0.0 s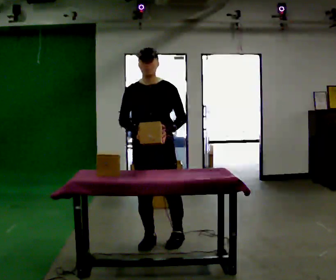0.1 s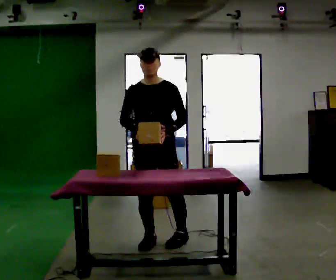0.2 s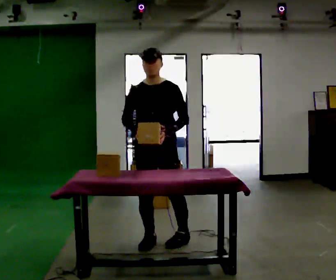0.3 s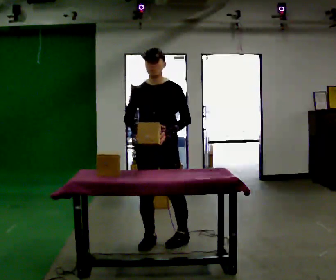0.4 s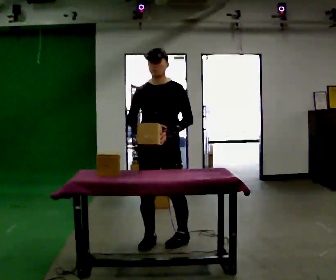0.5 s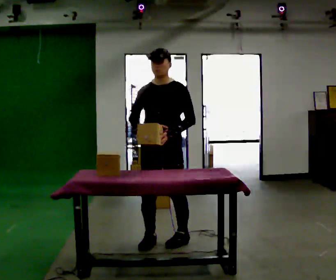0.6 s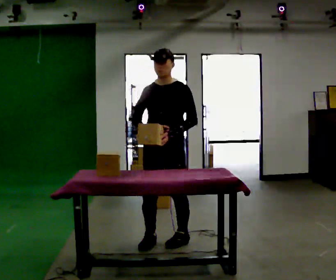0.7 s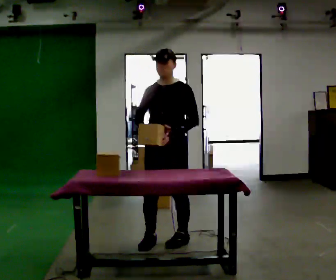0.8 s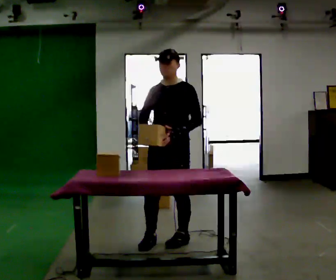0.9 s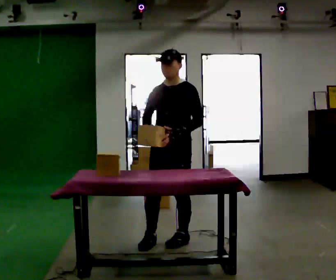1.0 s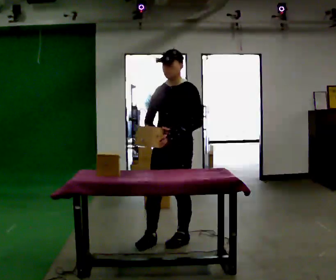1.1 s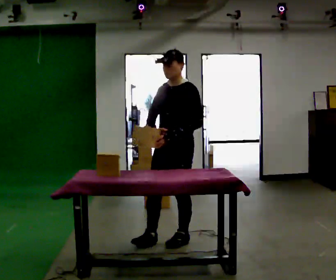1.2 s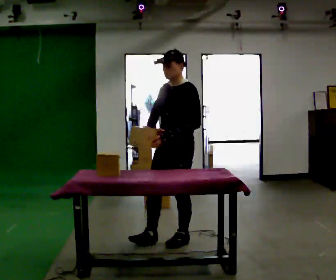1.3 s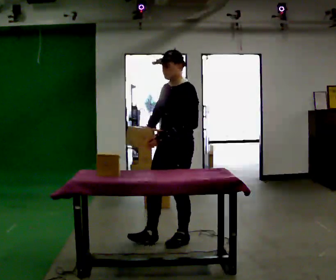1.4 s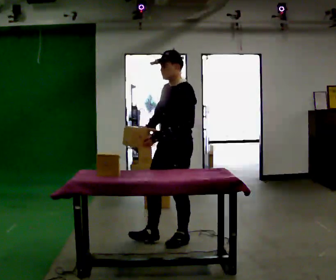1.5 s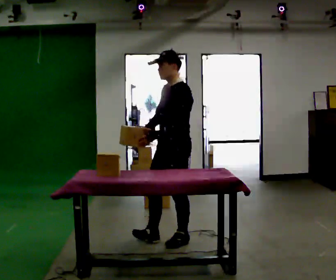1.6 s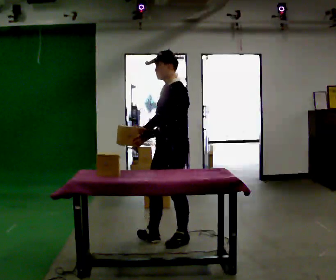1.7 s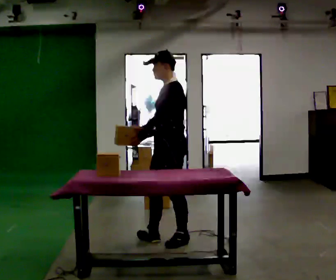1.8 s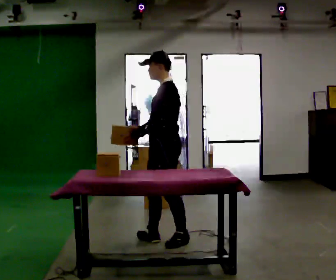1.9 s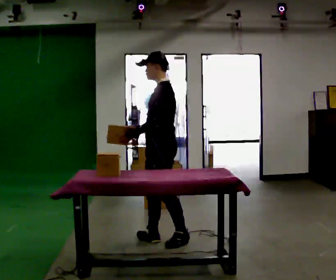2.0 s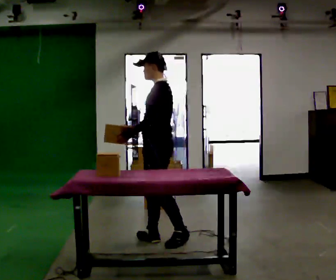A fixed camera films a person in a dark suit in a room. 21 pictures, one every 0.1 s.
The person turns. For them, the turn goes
to their right.
The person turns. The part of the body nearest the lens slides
to the left.
0.0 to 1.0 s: The part of the body nearest the lens slides to the left as the person turns to their right by about 30 degrees. In the picture they go to the right, about 0.25 m, which for them is to their left.
1.0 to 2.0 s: Seen from above the body turns clockwise, about 60 degrees: to their right, with its near side sliding to the left. In the picture their left hand goes to the left.
The film runs forward here.
